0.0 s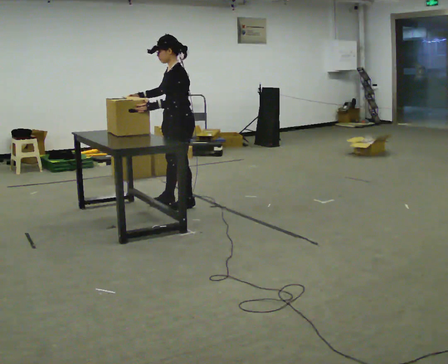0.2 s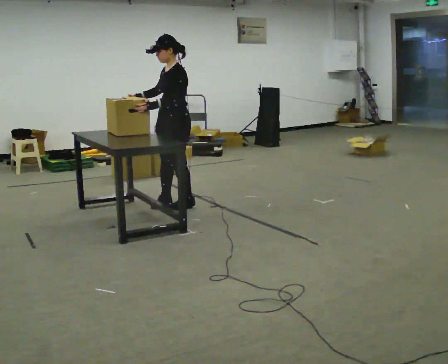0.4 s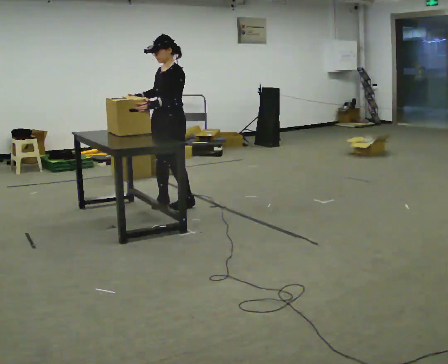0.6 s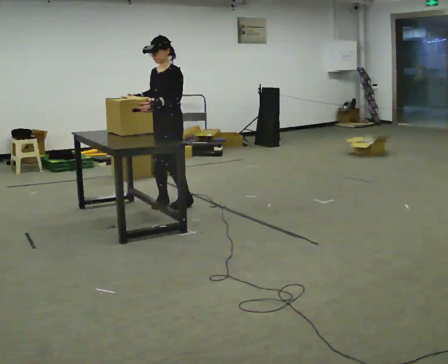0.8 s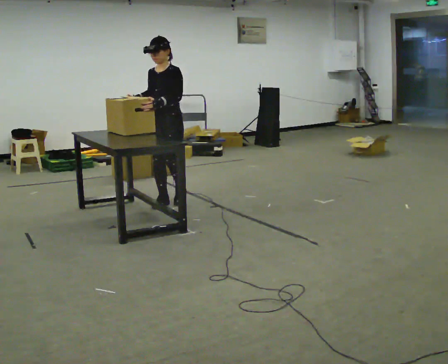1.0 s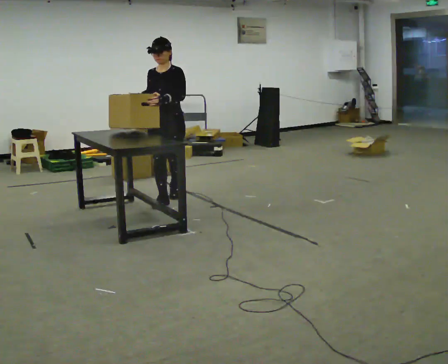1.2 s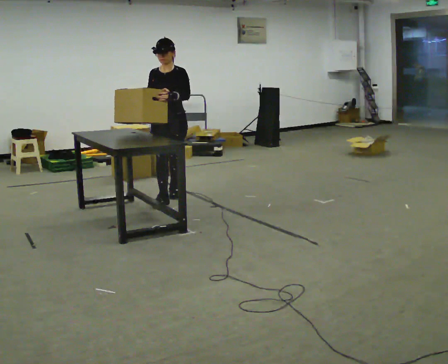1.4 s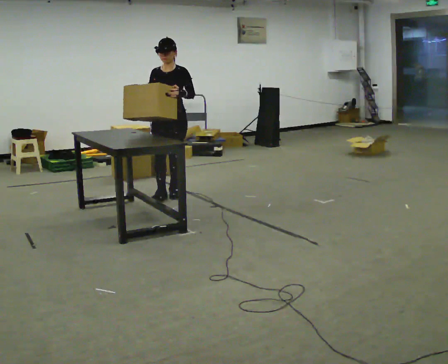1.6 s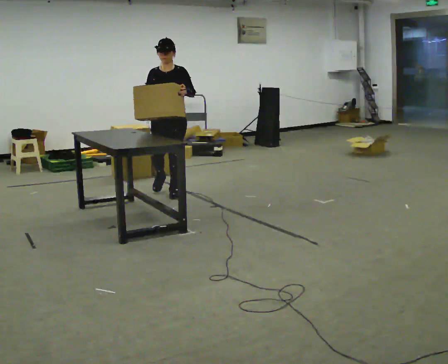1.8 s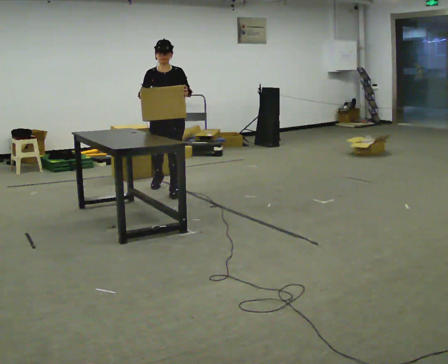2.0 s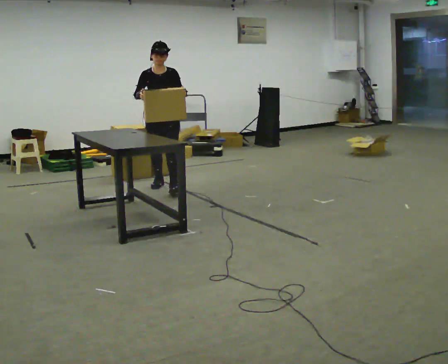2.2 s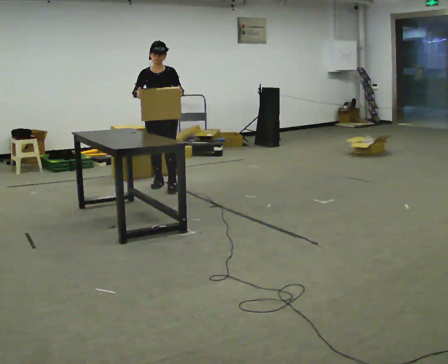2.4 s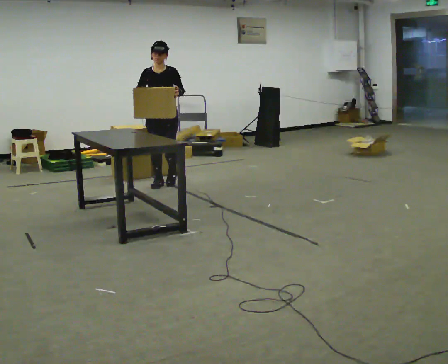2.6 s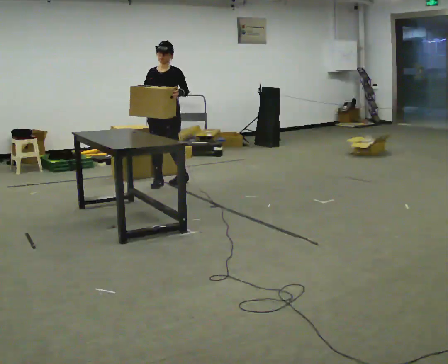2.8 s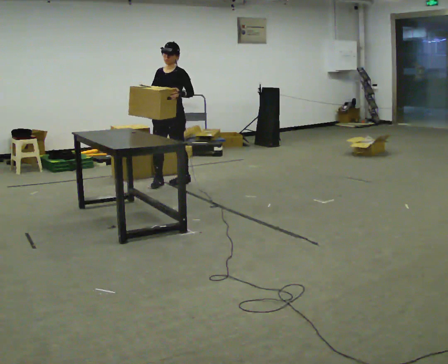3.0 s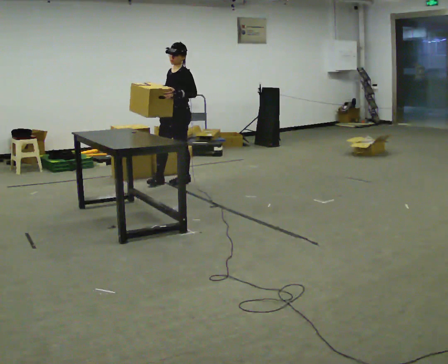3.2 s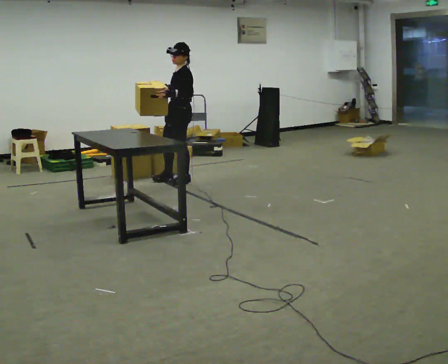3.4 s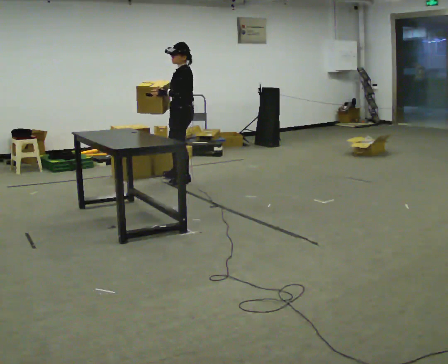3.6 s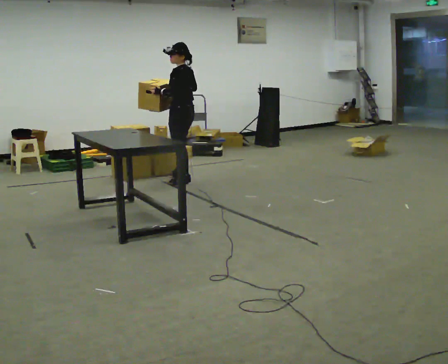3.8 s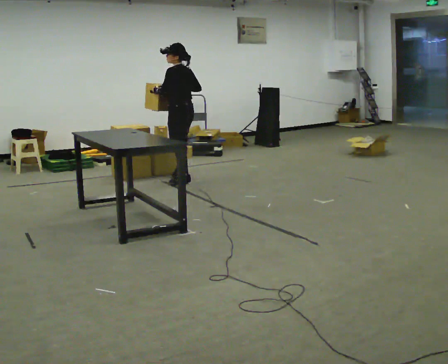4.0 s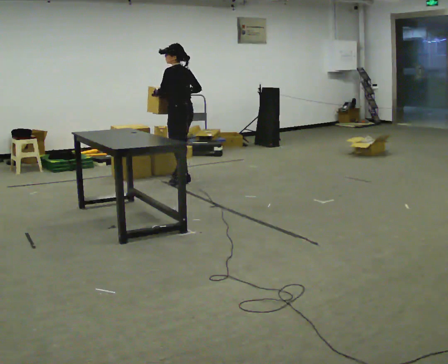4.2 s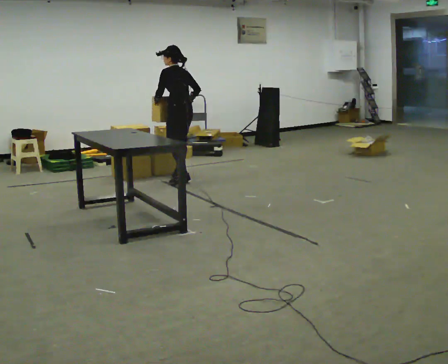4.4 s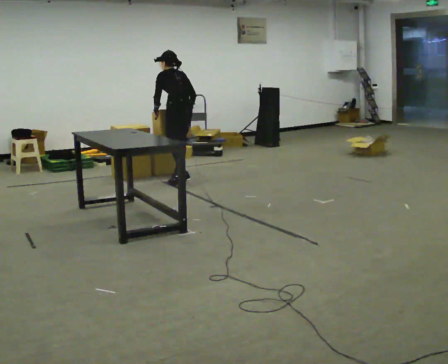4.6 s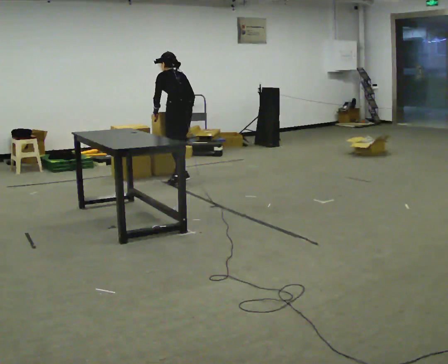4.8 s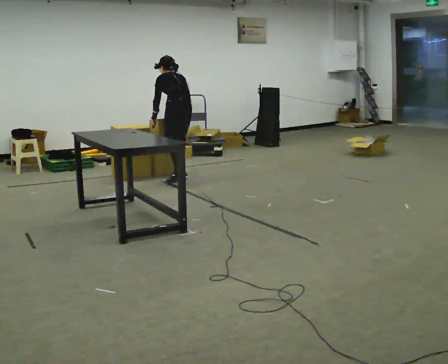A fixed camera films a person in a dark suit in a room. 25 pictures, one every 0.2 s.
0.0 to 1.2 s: The part of the body nearest the lens slides to the right as the person turns to their left by about 75 degrees. In the picture they go away from the camera, about 0.25 m in 1 step.
1.2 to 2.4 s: In the picture they go away from the camera, about 0.5 m in 2 steps, which for them is backward.
2.4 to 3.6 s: Seen from above the body turns clockwise, about 105 degrees: to their right, with its near side sliding to the left. In the picture they go to the right, about 0.25 m in 1 step.
3.6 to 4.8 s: The person turns about 30 degrees to their right, clockwise seen from above, so the part of the body nearest the lens slides to the left. In the picture they go away from the camera, about 0.25 m, which for them is forward. The upper body tips away from the camera, its near side rolling upward, as they bend forward. In the picture their right hand goes downward.
The film runs backward here.
